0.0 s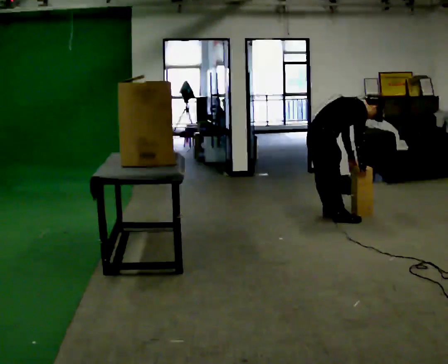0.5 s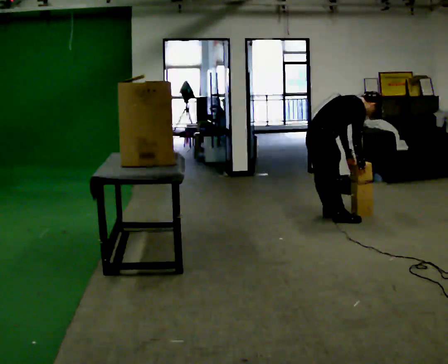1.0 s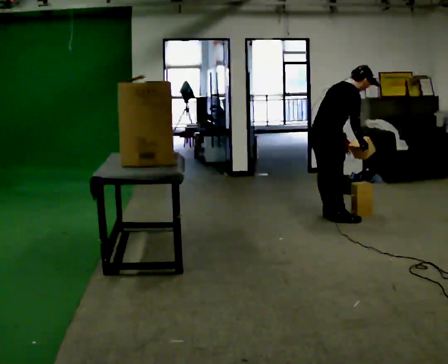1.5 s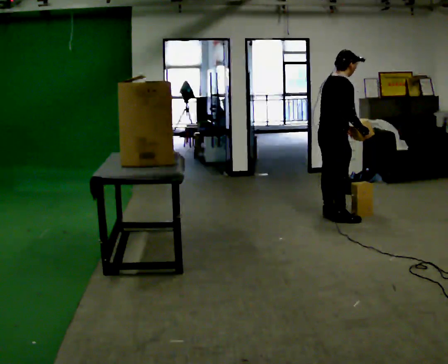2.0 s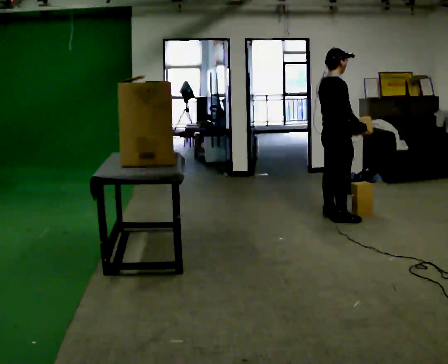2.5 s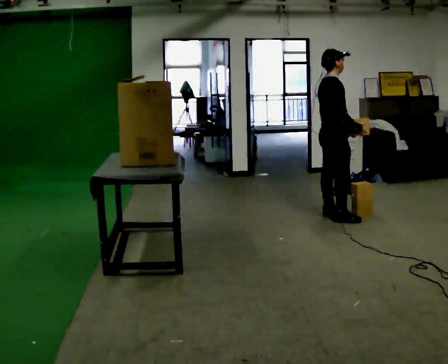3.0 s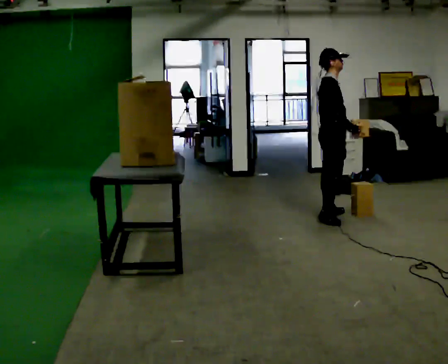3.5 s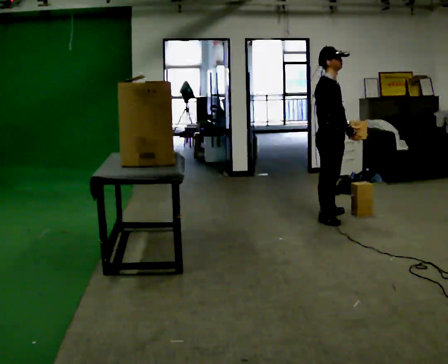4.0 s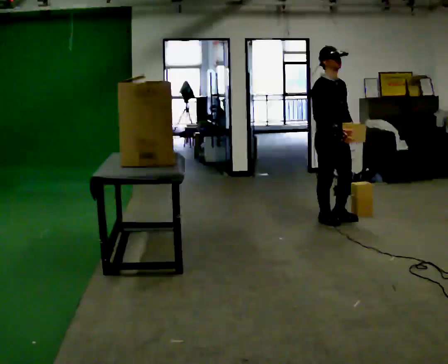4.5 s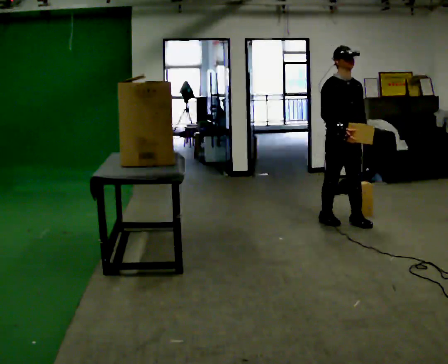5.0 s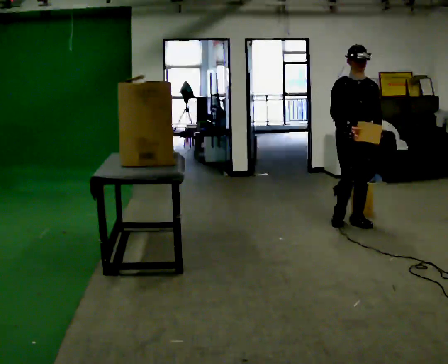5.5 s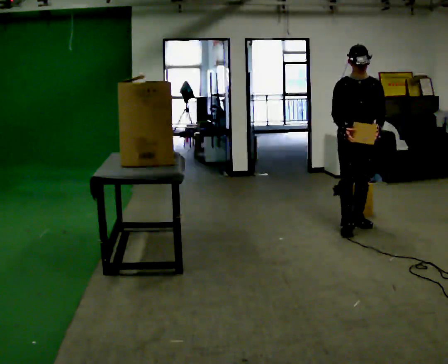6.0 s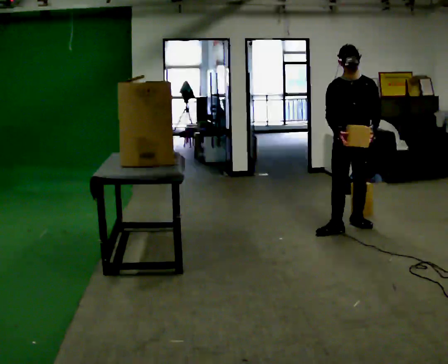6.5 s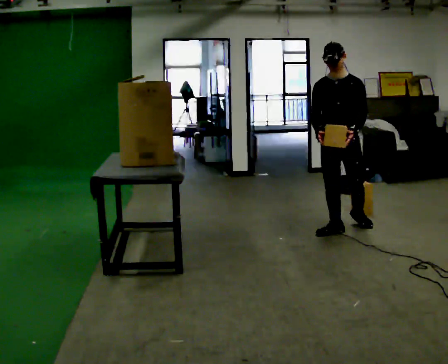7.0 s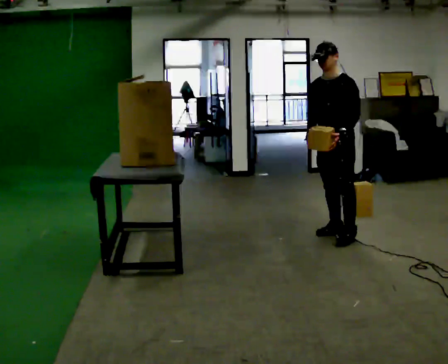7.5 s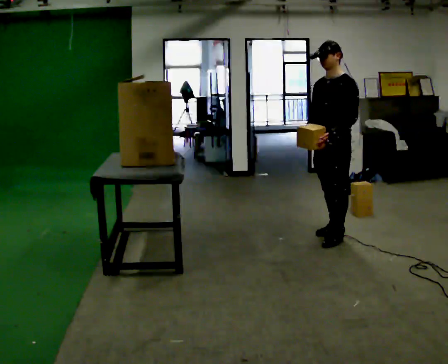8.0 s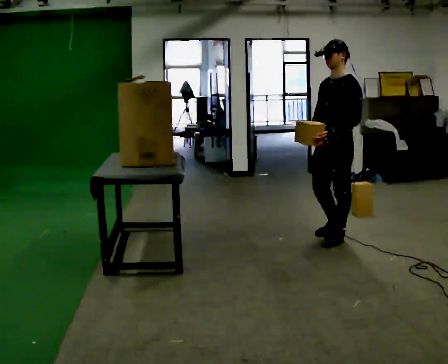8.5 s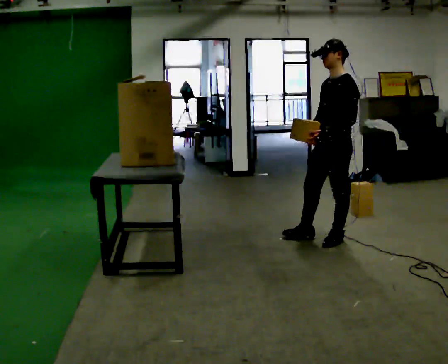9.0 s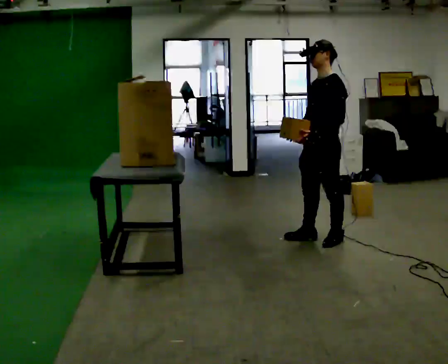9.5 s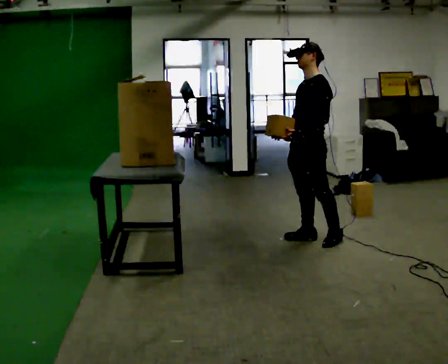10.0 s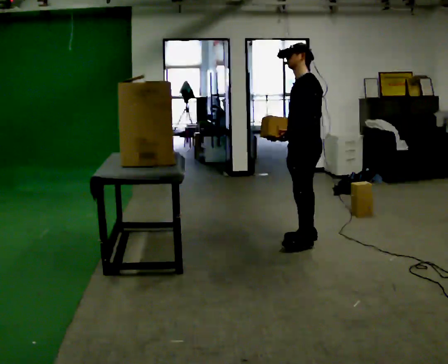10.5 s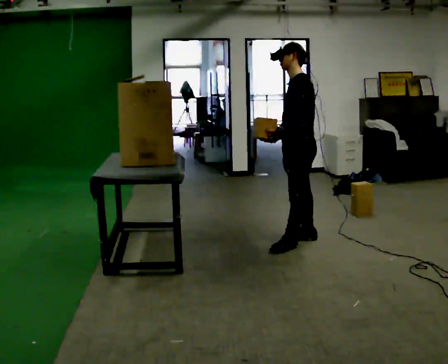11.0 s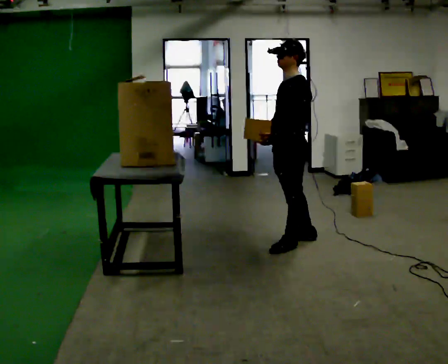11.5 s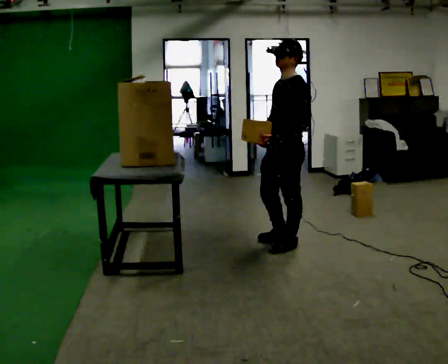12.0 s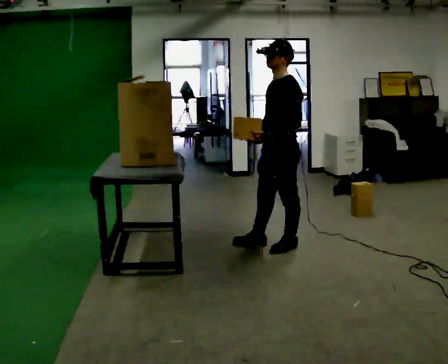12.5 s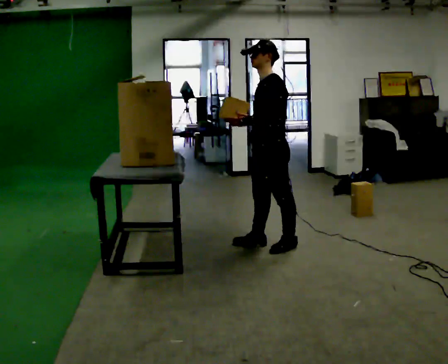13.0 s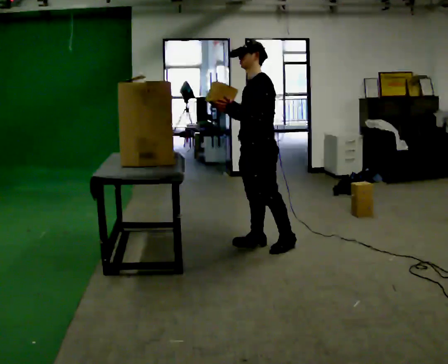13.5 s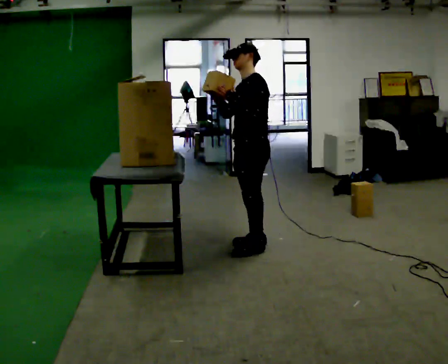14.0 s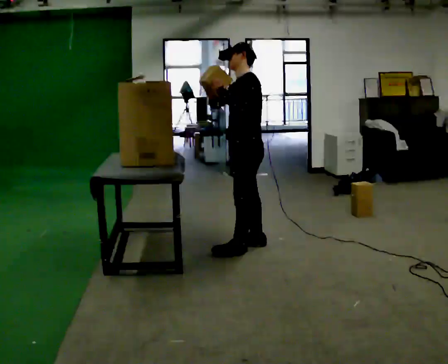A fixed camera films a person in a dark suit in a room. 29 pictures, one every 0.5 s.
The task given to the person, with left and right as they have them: Take an object down from the highest shelf you can comfortably reach, carry it across the room, and set it on the floor. Keep going until the operator says stop; one object at a time, and do not rush between trips.
0.0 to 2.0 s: In the picture they go to the right, about 0.25 m, which for them is forward. The shoulders move upward. In the picture the upper body tilts counterclockwise, shoulders to the left, as they lean back or straighten. In the picture their right hand goes upward.
2.0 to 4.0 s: The part of the body nearest the lens slides to the left as the person turns to their right by about 60 degrees. In the picture they go toward the camera, about 0.25 m, which for them is to their right.
4.0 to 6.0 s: The part of the body nearest the lens slides to the left as the person turns to their right by about 60 degrees. In the picture they go to the right and toward the camera, about 0.25 m in 2 steps, which for them is forward and to their left.
6.0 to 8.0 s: Seen from above the body turns clockwise, about 60 degrees: to their right, with its near side sliding to the left. In the picture they go toward the camera, about 0.5 m in 1 step, which for them is forward.
8.0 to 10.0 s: In the picture they go to the left, about 0.25 m in 1 step, which for them is forward and to their right.
10.0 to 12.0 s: In the picture they go toward the camera and to the left, about 0.25 m in 2 steps, which for them is forward and to their left.
12.0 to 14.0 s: In the picture they go to the left, about 0.25 m in 1 step, which for them is forward and to their right.
The film runs forward here.
